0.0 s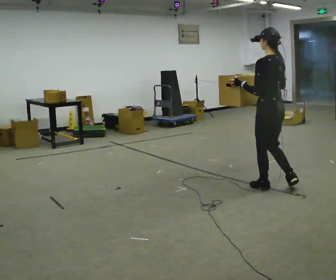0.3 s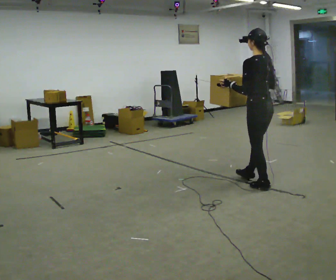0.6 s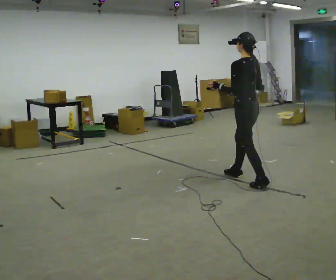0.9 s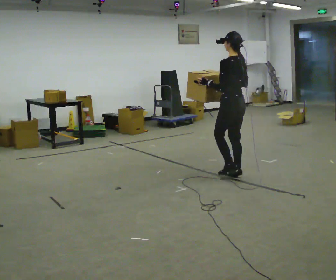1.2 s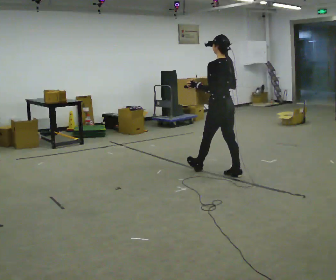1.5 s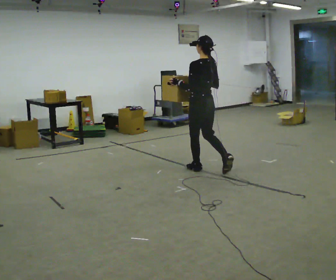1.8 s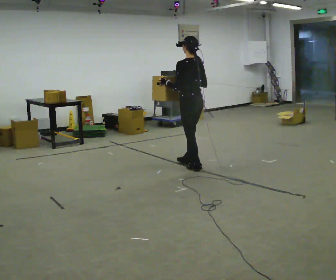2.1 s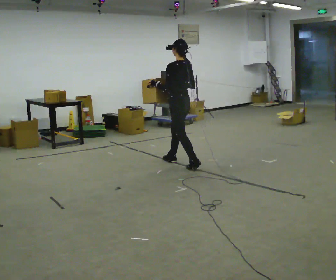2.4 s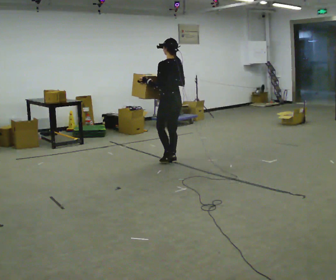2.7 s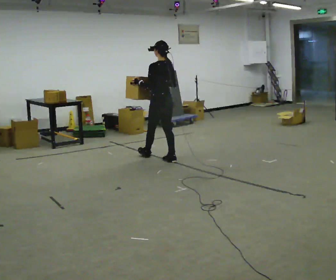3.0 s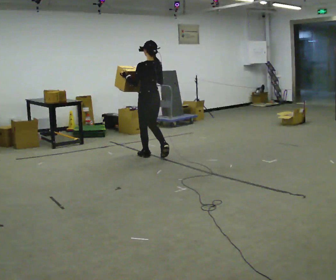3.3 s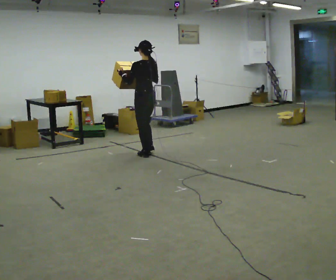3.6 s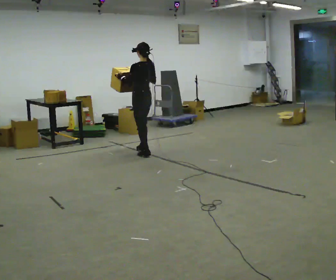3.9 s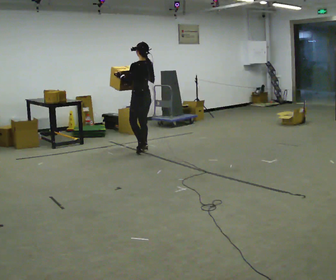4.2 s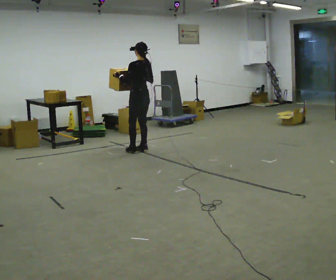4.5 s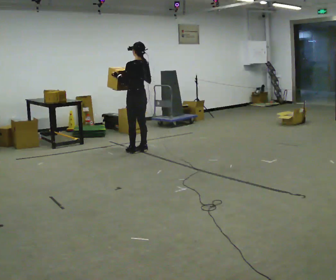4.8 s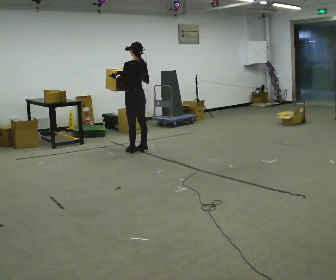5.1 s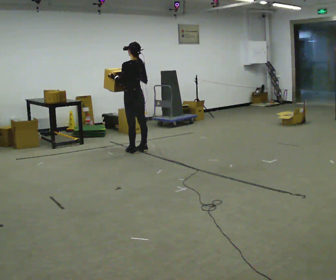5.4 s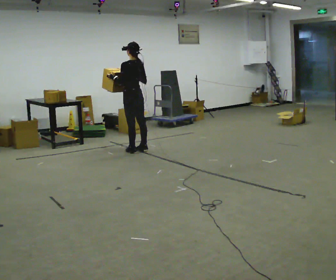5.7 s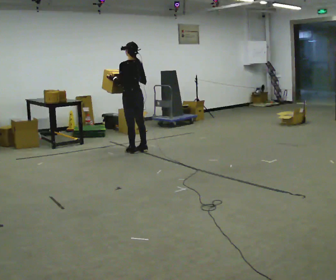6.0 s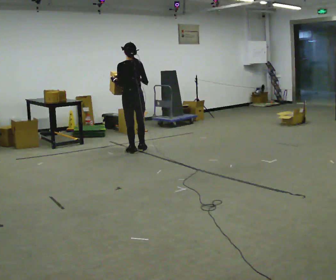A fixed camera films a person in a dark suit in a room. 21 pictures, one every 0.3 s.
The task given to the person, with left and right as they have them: Carry the heavy box in both hands in front of you, walking back and forth across the room. Keep walking until the operator says stop. Set it down if you need a rest.
0.0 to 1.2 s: In the picture they go away from the camera and to the left, about 1 m in 1 step, which for them is forward.
1.2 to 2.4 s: In the picture they go away from the camera and to the left, about 1 m in 2 steps, which for them is forward.
2.4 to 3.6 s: In the picture they go away from the camera and to the left, about 0.75 m in 2 steps, which for them is forward.
3.6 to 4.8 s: In the picture they go away from the camera, about 0.25 m in 1 step, which for them is forward.
4.8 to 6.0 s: Seen from above the body turns clockwise, about 30 degrees: to their right, with its near side sliding to the left.
The film runs forward here.
